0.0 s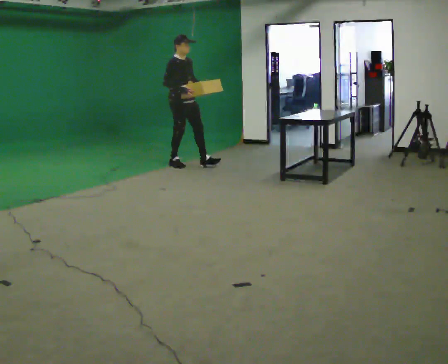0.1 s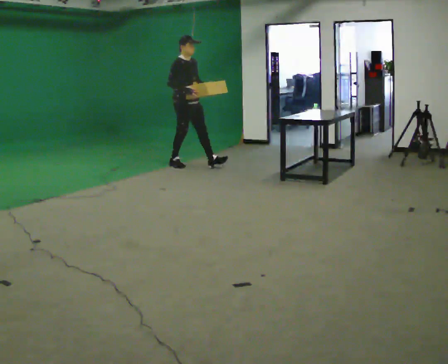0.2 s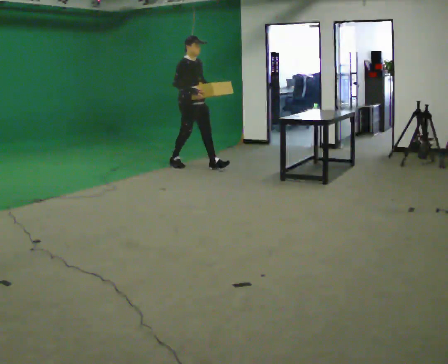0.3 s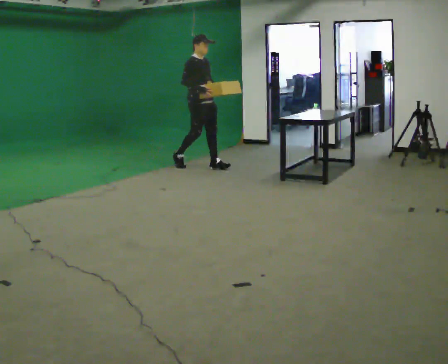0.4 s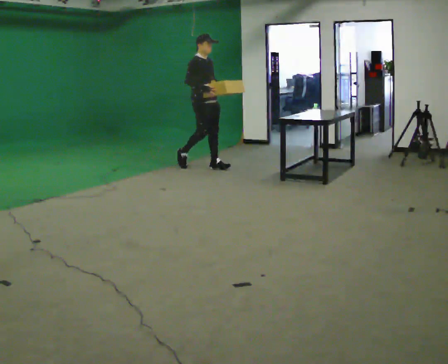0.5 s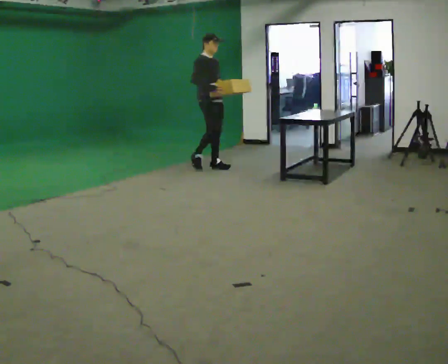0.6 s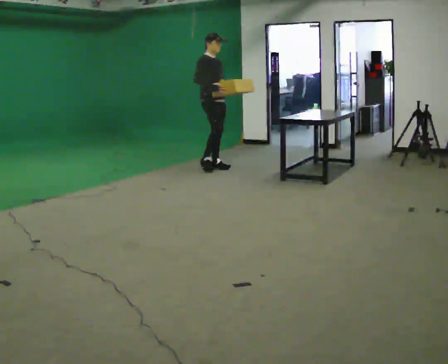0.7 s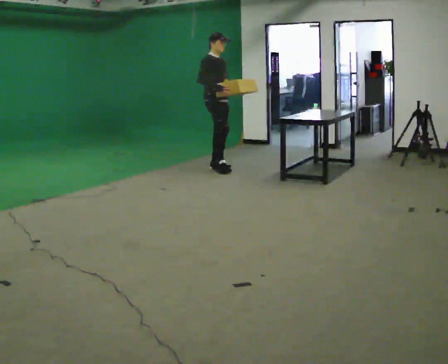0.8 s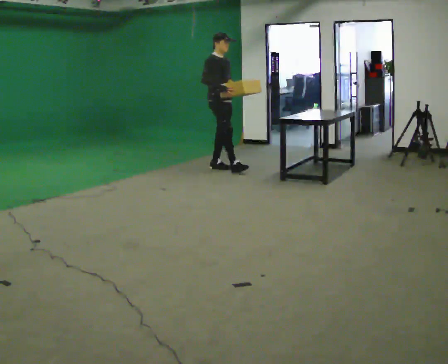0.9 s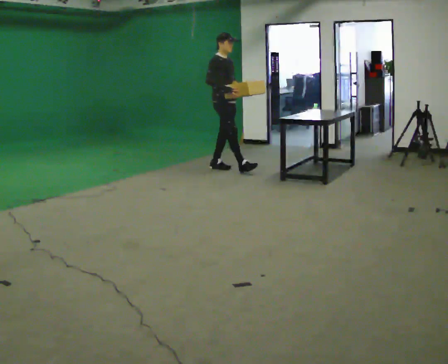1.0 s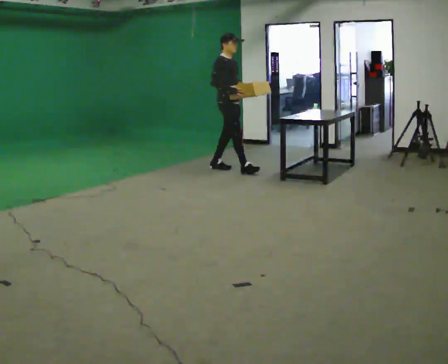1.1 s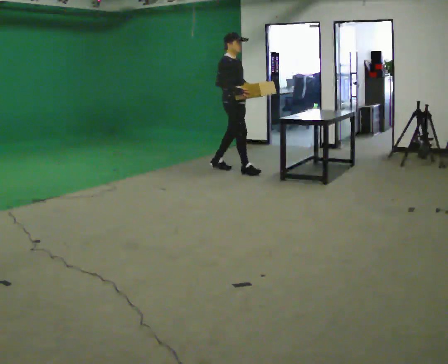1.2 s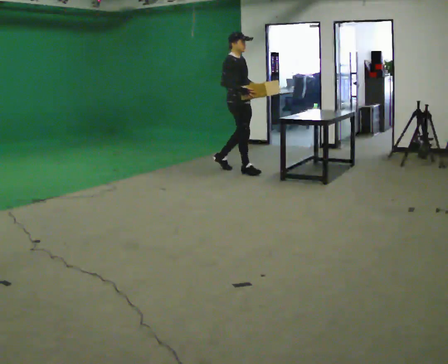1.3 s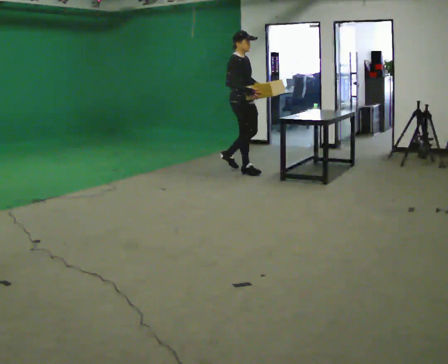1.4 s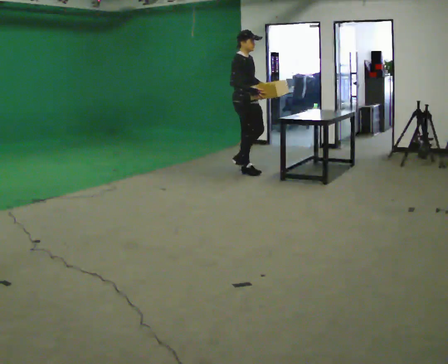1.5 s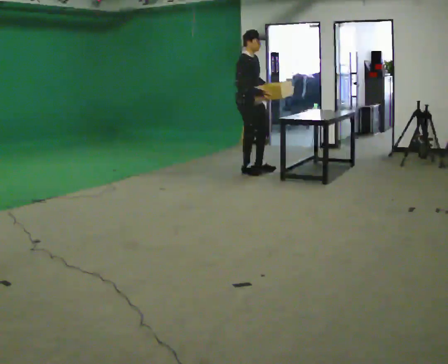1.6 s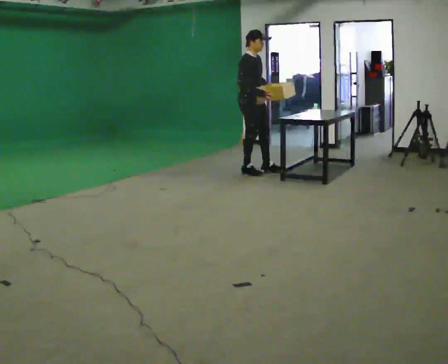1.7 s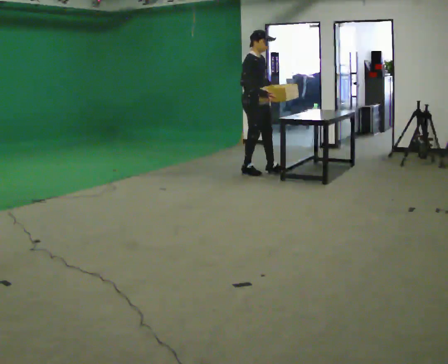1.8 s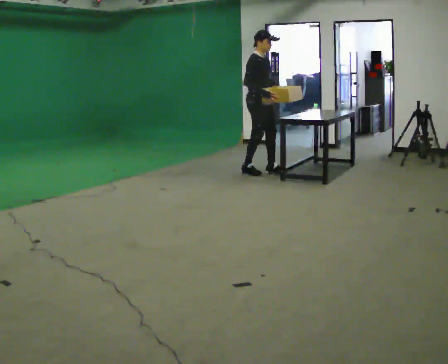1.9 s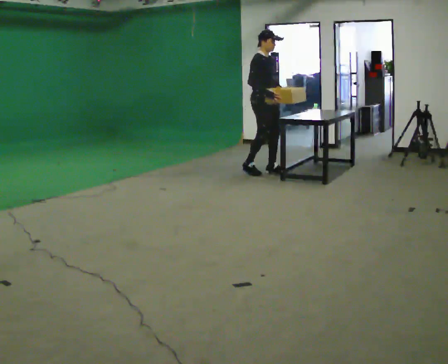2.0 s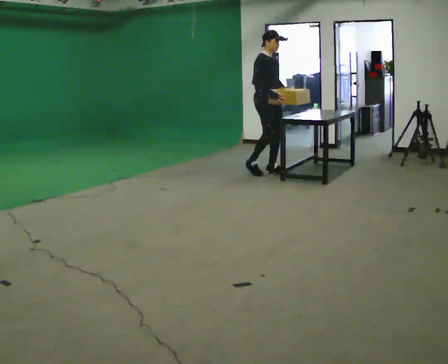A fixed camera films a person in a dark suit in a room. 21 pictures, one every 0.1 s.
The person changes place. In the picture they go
to the right.
0.0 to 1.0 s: In the picture they go to the right and toward the camera, about 0.75 m in 2 steps, which for them is forward.
1.0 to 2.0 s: In the picture they go to the right, about 0.5 m in 1 step, which for them is forward.
The film runs forward here.
